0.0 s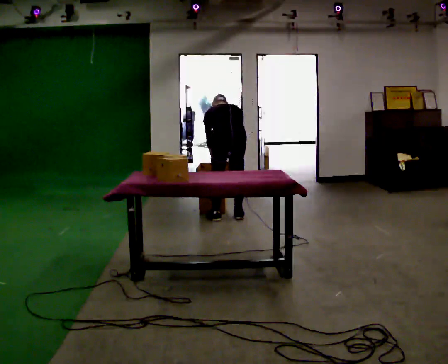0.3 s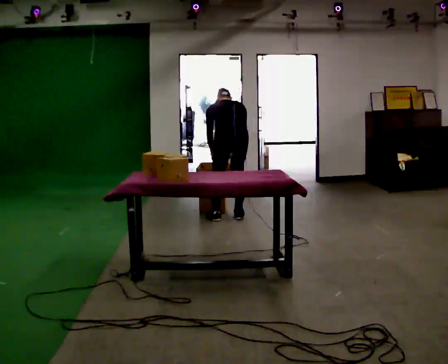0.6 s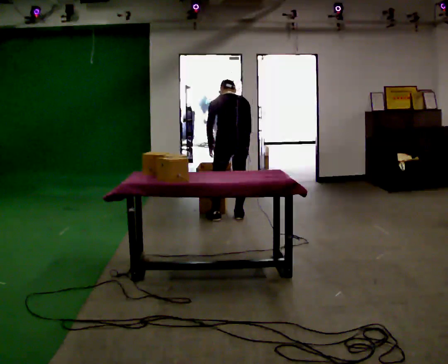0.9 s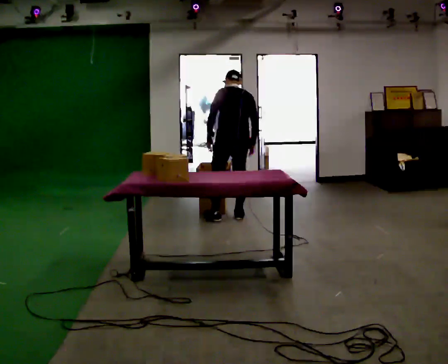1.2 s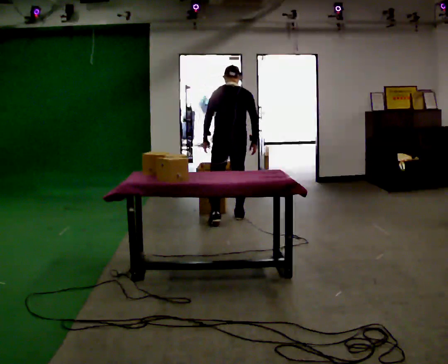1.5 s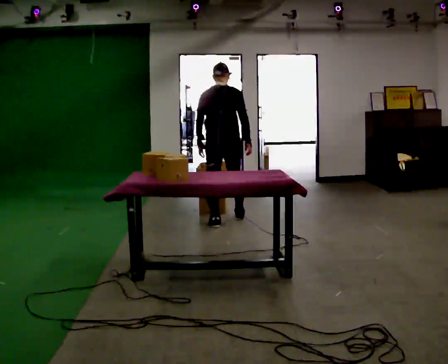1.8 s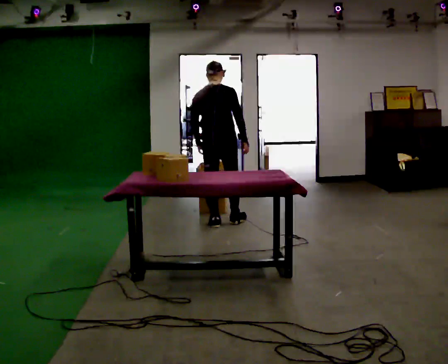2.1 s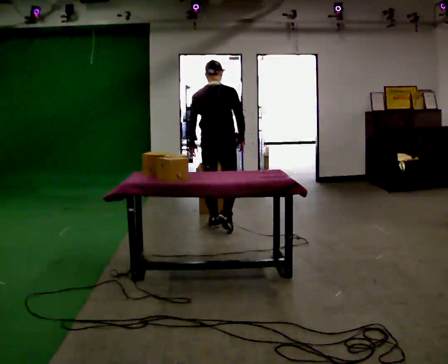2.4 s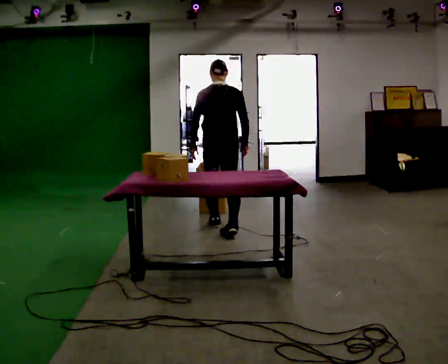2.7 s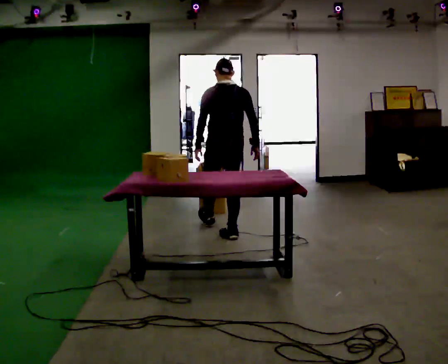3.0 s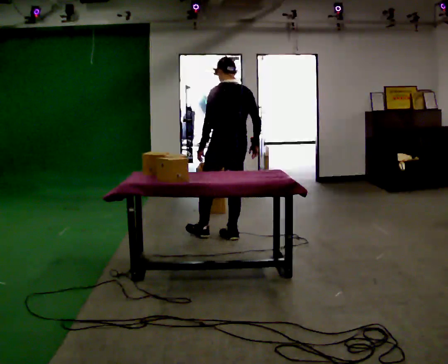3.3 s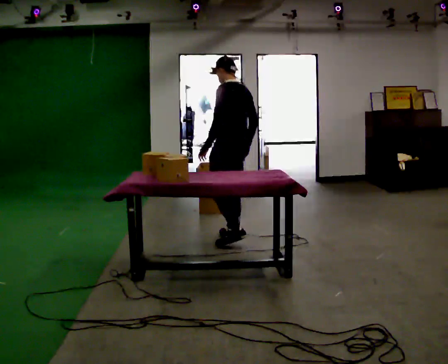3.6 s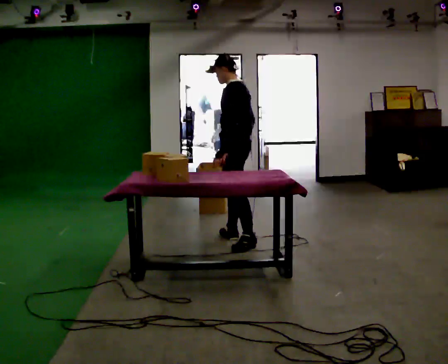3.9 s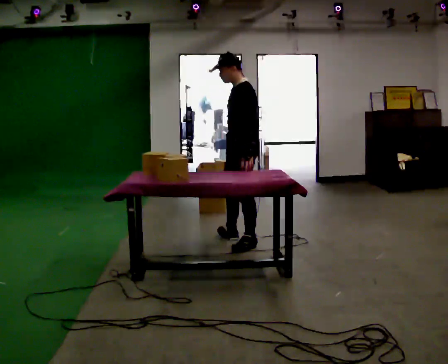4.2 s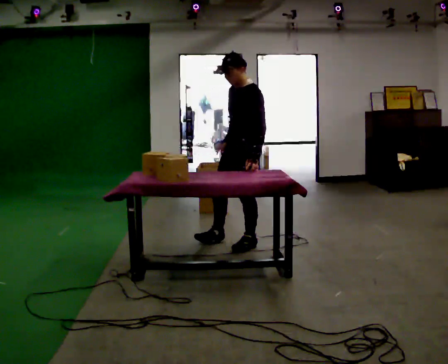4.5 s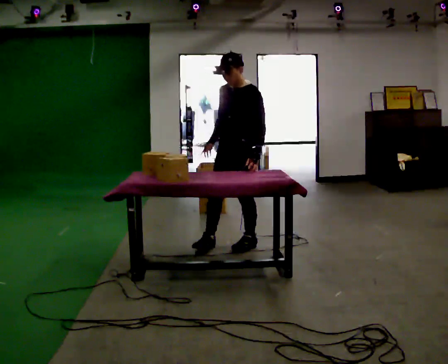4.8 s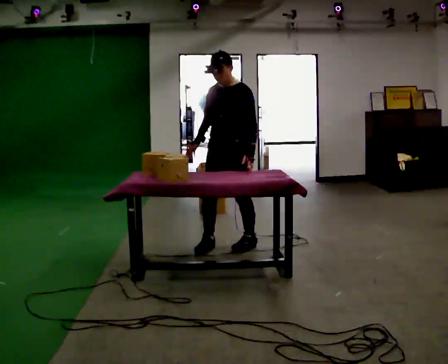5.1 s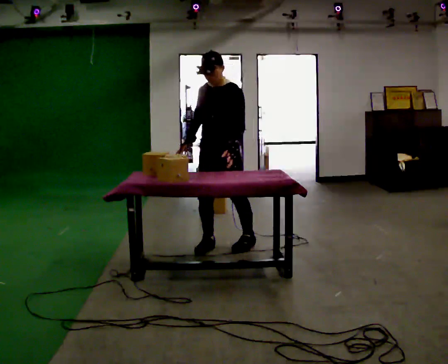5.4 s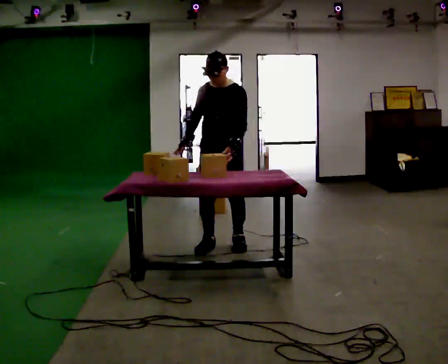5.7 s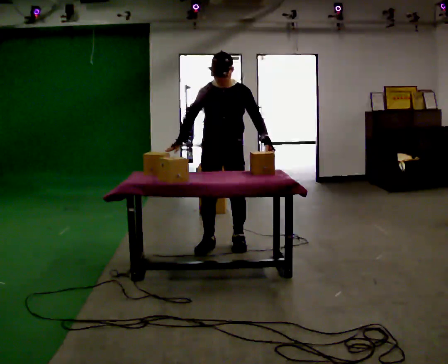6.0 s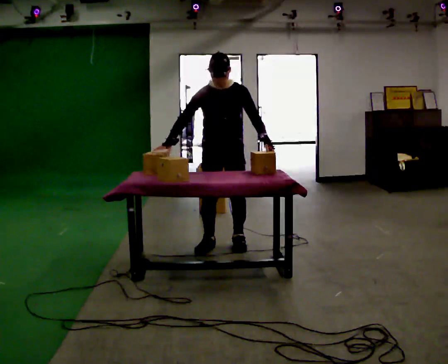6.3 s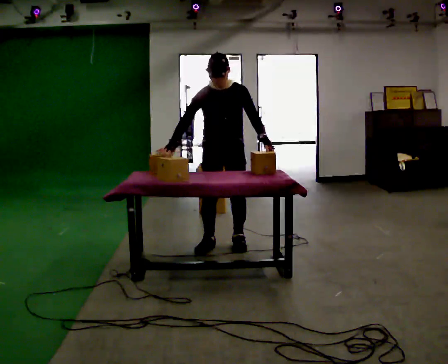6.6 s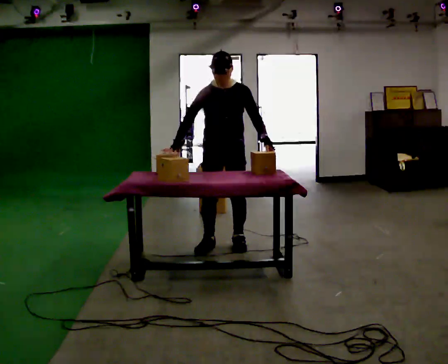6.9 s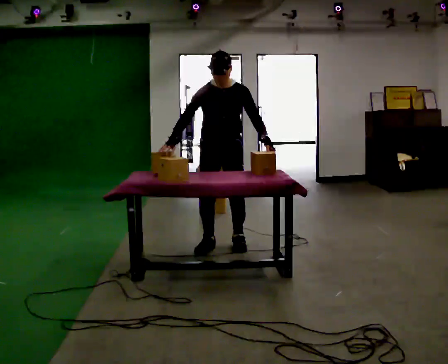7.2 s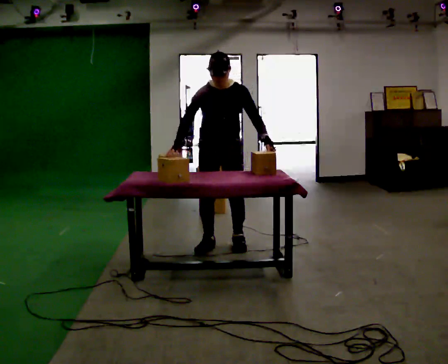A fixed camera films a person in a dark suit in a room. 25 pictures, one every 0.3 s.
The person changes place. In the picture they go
toward the camera.
The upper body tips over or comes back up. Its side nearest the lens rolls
downward.
0.0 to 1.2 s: The shoulders move upward. The upper body tips toward the camera, its near side rolling downward, as they lean back or straighten.
1.2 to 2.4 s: In the picture they go toward the camera, about 0.5 m in 1 step, which for them is backward.
2.4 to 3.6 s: Seen from above the body turns counterclockwise, about 75 degrees: to their left, with its near side sliding to the right. In the picture they go toward the camera and to the right, about 0.5 m in 1 step.
3.6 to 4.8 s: Seen from above the body turns counterclockwise, about 60 degrees: to their left, with its near side sliding to the right. In the picture they go toward the camera, about 0.25 m in 1 step. In the picture their right hand goes to the left.
4.8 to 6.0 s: The person turns about 30 degrees to their left, counterclockwise seen from above, so the part of the body nearest the lens slides to the right.
6.0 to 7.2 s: The person moves a little, or ends about where they began.
The film runs backward here.
